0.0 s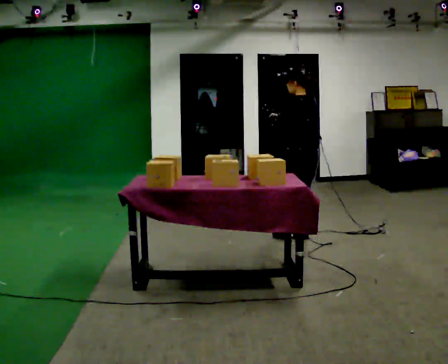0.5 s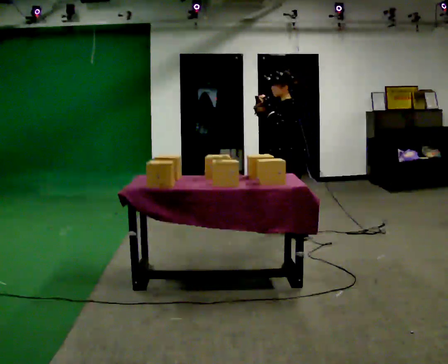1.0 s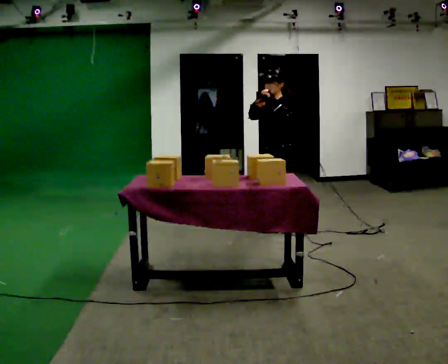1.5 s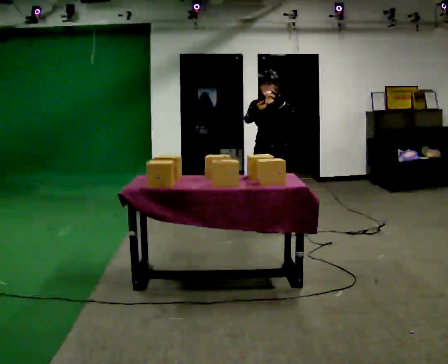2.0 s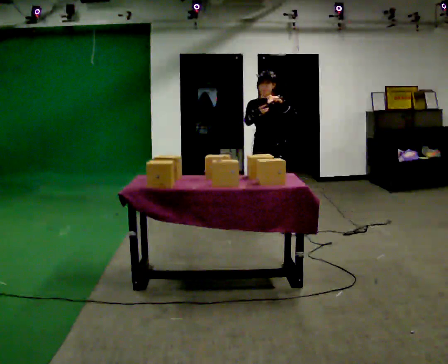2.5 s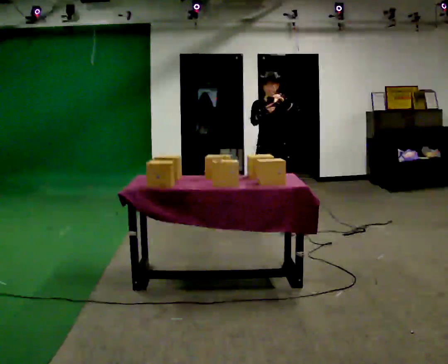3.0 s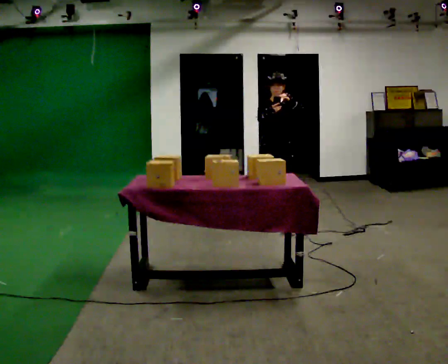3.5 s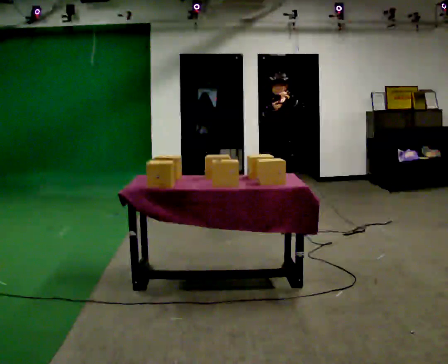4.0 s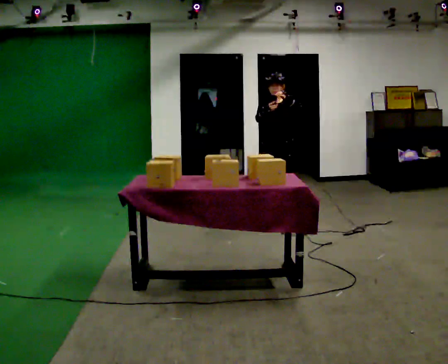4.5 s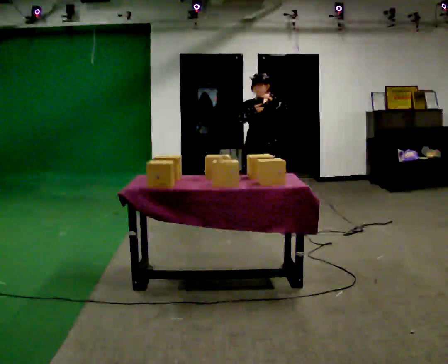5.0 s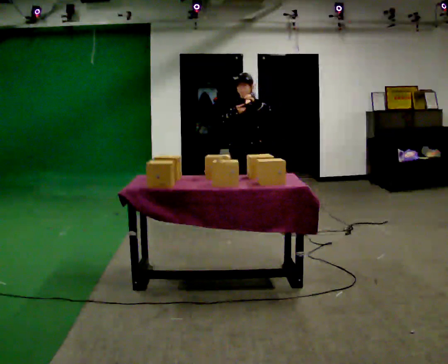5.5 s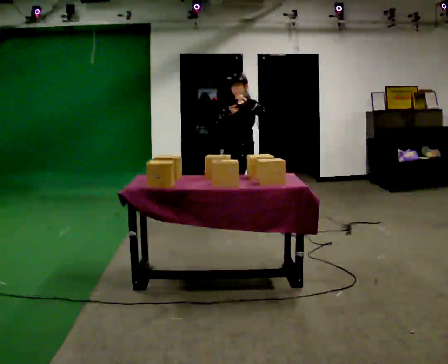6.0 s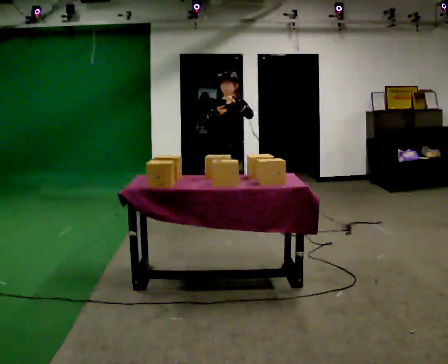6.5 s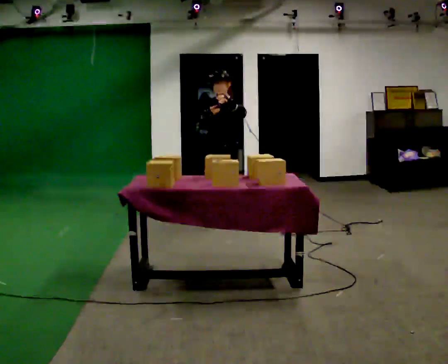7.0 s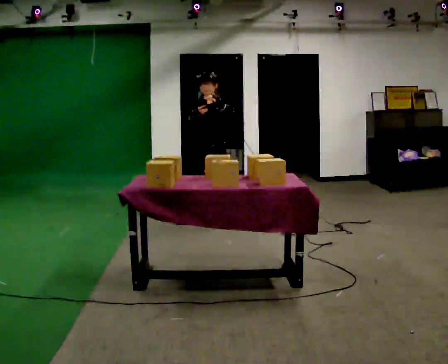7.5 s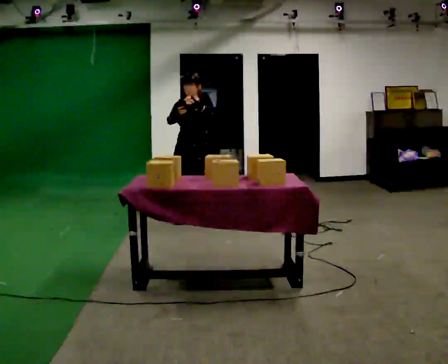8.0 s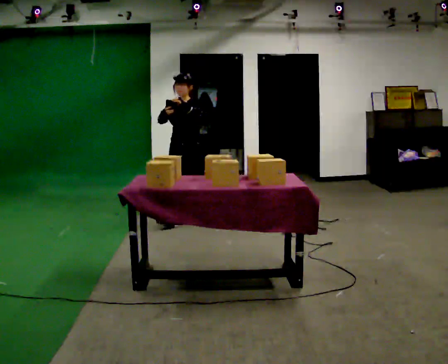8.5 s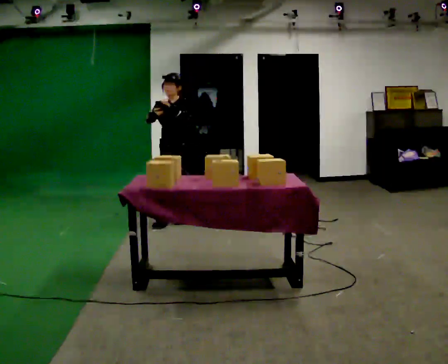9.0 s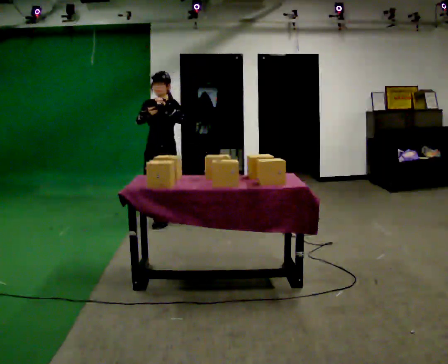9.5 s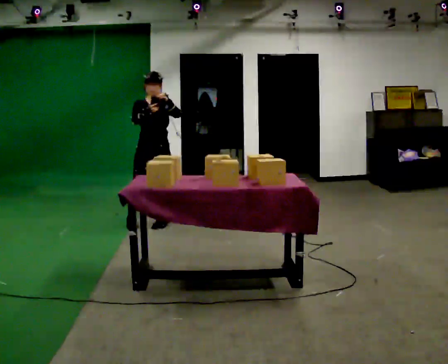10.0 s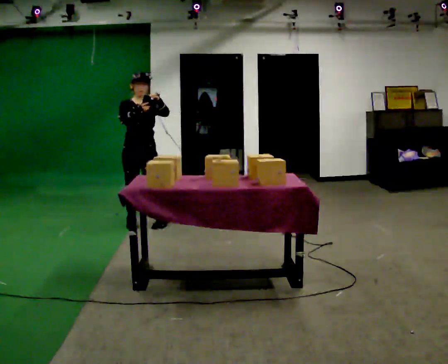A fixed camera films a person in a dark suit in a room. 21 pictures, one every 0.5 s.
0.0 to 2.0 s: Seen from above the body turns counterclockwise, about 135 degrees: to their left, with its near side sliding to the right. In the picture they go away from the camera and to the left, about 0.5 m in 2 steps.
2.0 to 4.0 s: In the picture they go away from the camera, about 0.25 m in 1 step, which for them is backward.
4.0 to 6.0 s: The part of the body nearest the lens slides to the left as the person turns to their right by about 30 degrees. In the picture they go to the left, about 0.5 m in 2 steps, which for them is to their right and forward.
6.0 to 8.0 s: In the picture they go to the left, about 0.5 m in 1 step, which for them is to their right and forward.
8.0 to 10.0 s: Seen from above the body turns counterclockwise, about 60 degrees: to their left, with its near side sliding to the right. In the picture they go to the left and toward the camera, about 0.5 m in 2 steps.
The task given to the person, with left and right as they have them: Carry the handheld device and, while walking, point it at the labels on the shelves and press the button as if scanning them.
The film runs forward here.
